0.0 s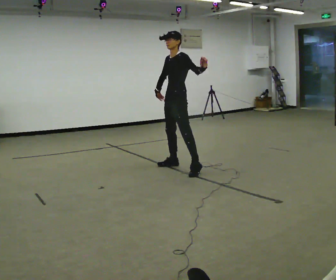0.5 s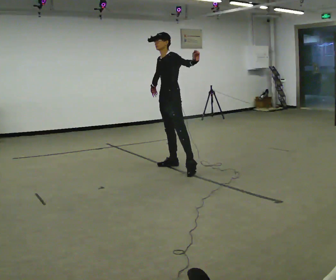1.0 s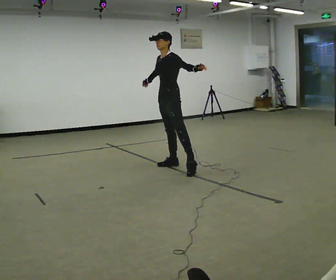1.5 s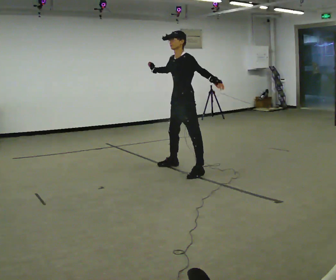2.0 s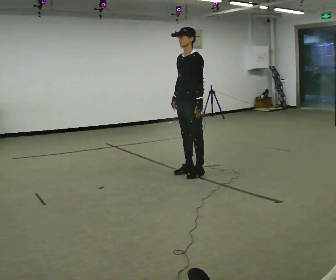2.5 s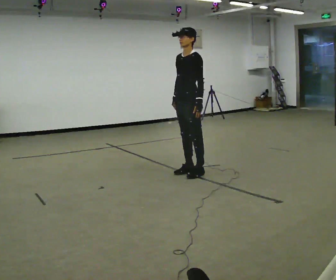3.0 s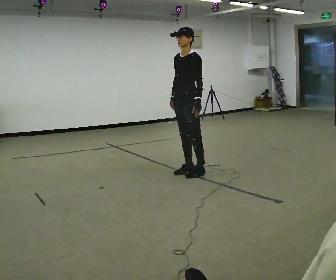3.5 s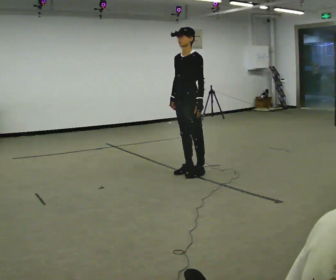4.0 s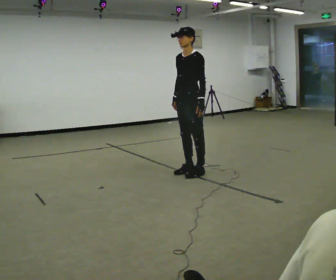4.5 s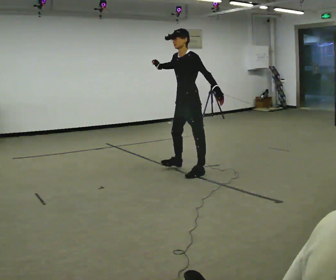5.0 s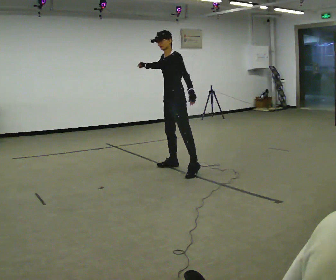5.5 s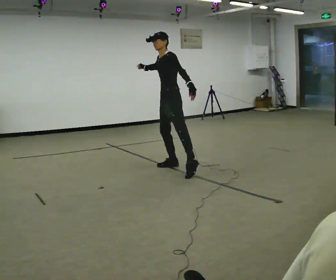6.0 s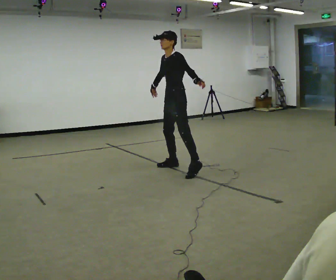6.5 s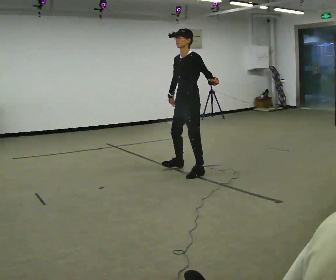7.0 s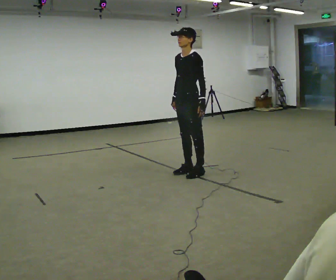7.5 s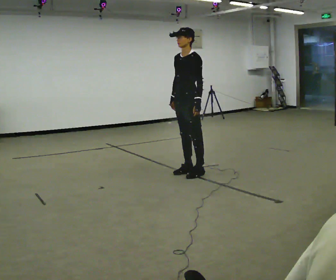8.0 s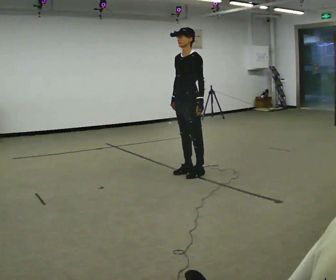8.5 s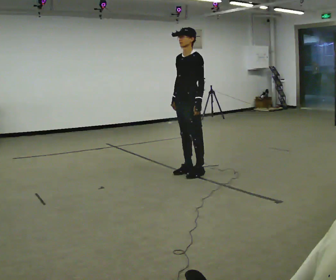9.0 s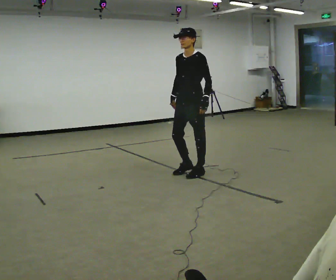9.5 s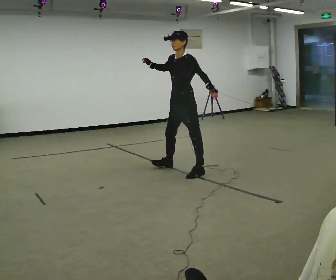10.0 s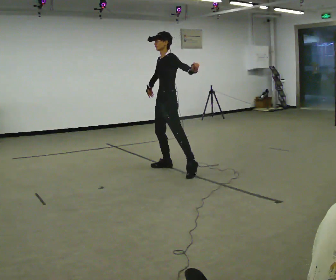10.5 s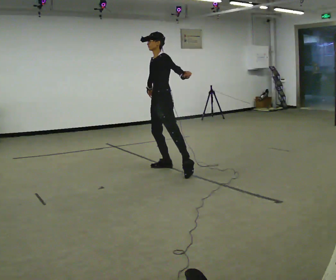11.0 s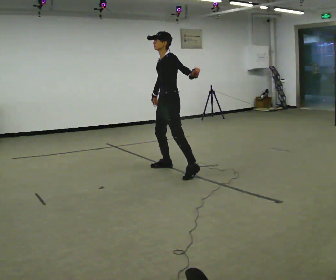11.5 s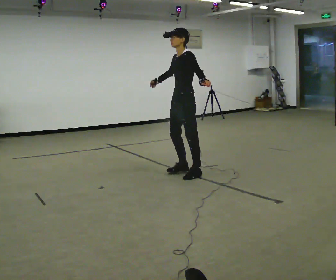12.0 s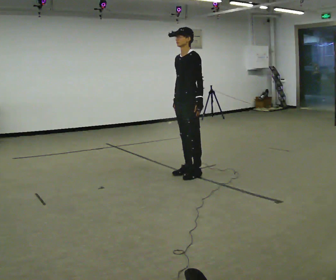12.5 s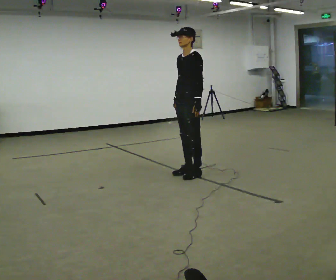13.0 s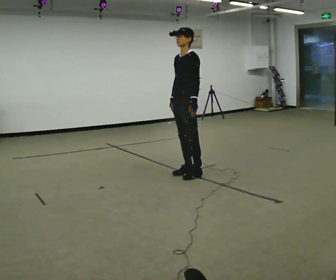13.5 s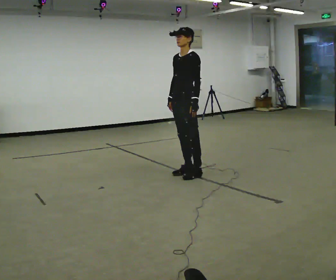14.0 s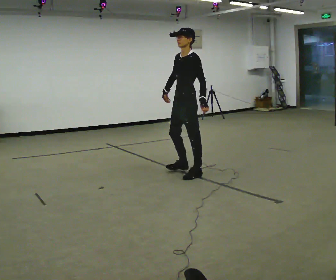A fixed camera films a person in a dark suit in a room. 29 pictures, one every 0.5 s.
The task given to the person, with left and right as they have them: Move however you like, changing style and tempo as you go; keep moving continuously.
0.0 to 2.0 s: In the picture they go toward the camera and to the right, about 0.25 m in 1 step, which for them is to their left. In the picture their left hand goes downward.
2.0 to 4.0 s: The person moves a little, or ends about where they began.
4.0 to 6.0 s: In the picture they go away from the camera and to the left, about 0.25 m in 1 step, which for them is to their right.
6.0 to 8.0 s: In the picture they go toward the camera, about 0.25 m in 1 step, which for them is to their left.
8.0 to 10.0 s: In the picture they go to the left and away from the camera, about 0.25 m in 1 step, which for them is to their right. In the picture their left hand goes upward.
10.0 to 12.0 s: In the picture they go toward the camera and to the right, about 0.5 m in 1 step, which for them is to their left. In the picture their left hand goes downward.
12.0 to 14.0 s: The person moves a little, or ends about where they began.
The film runs forward here.
